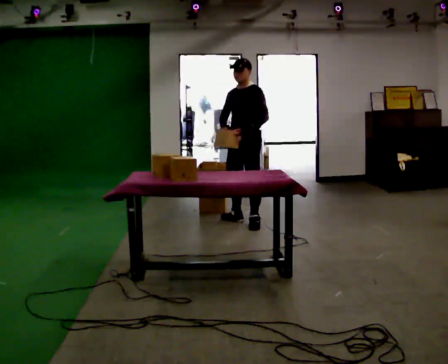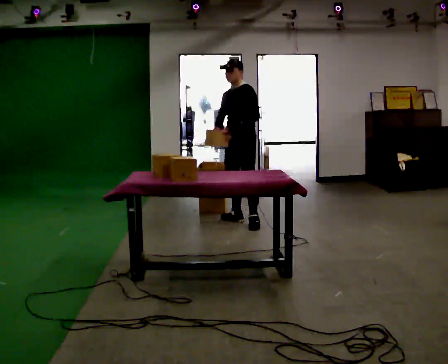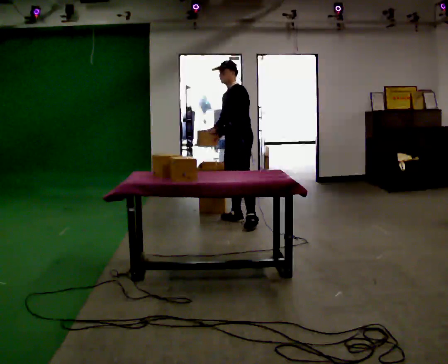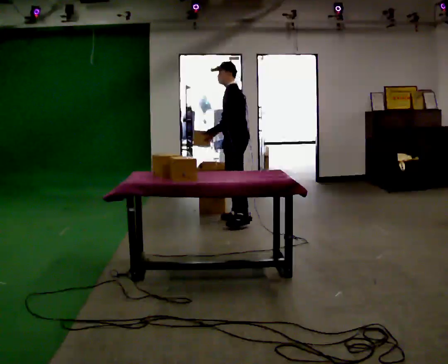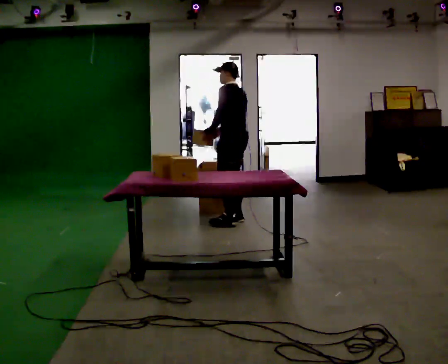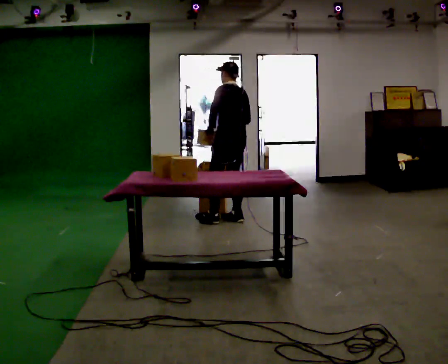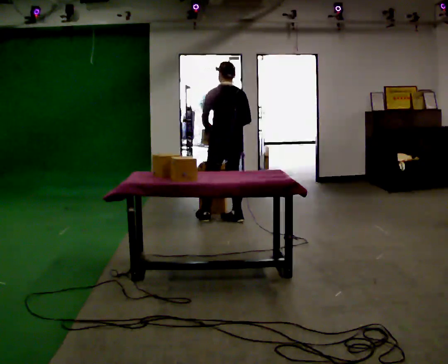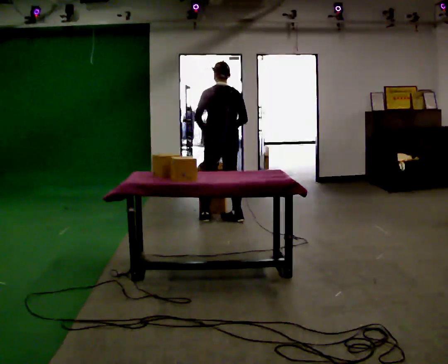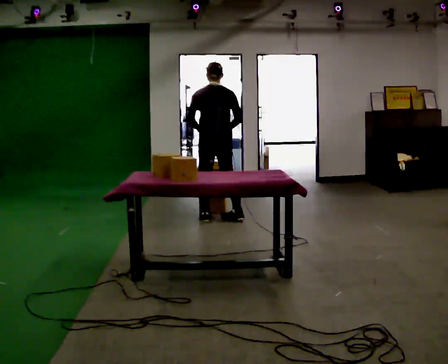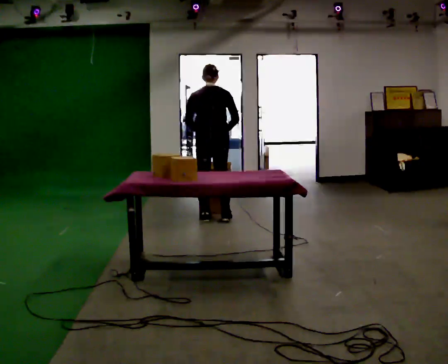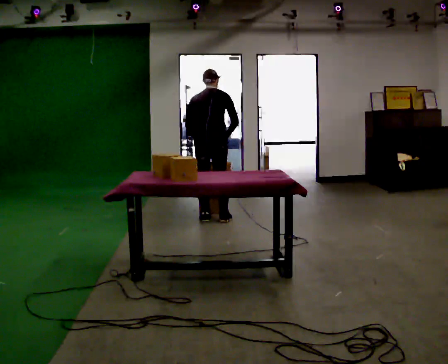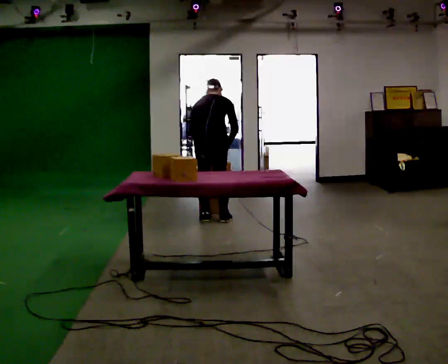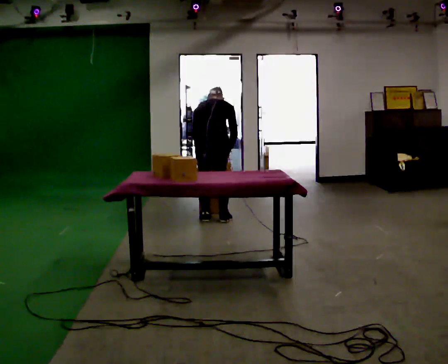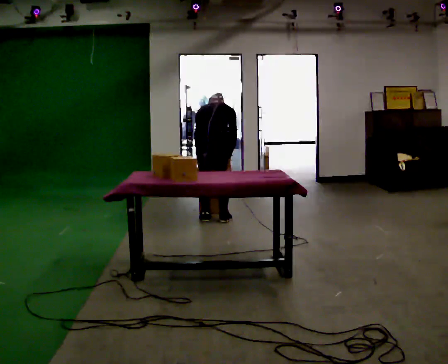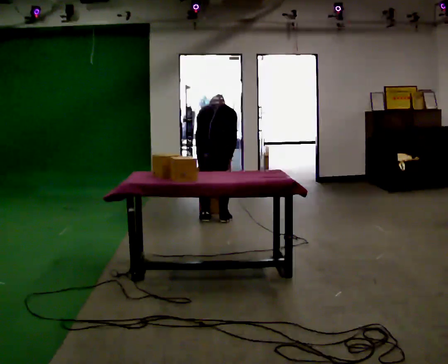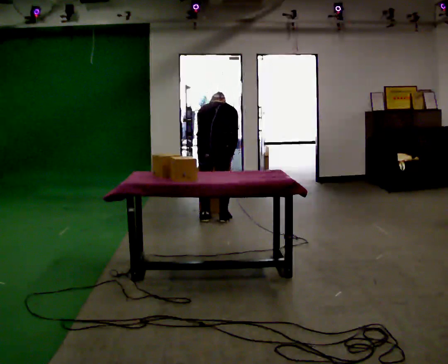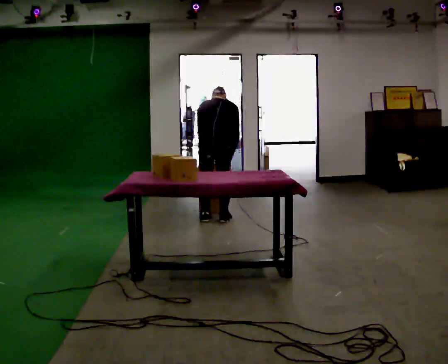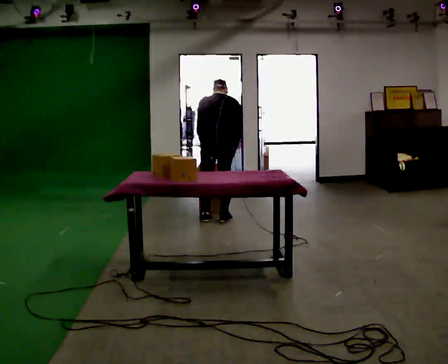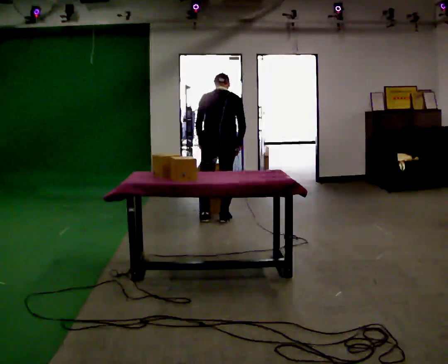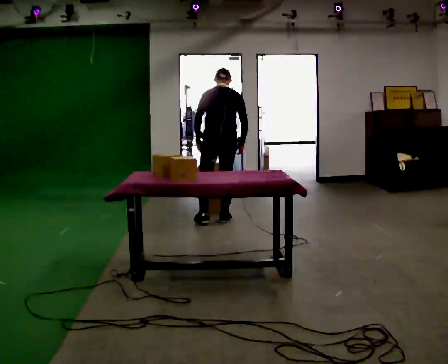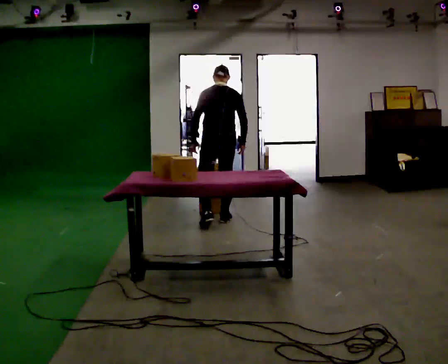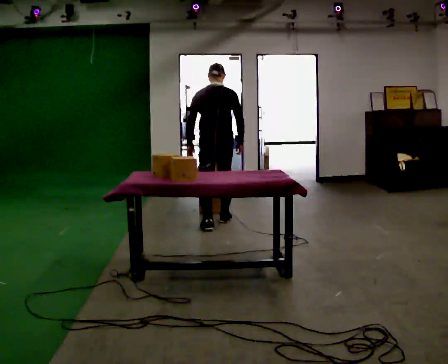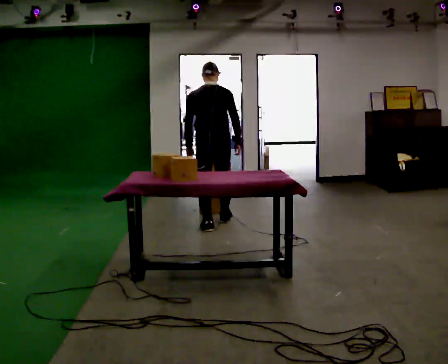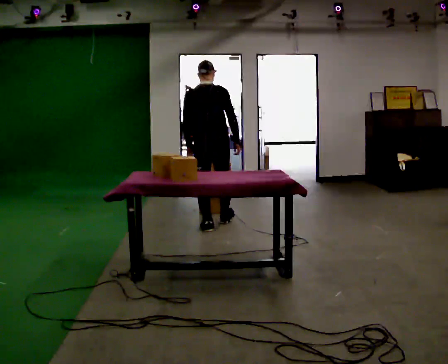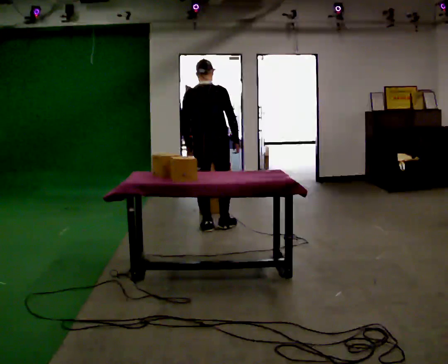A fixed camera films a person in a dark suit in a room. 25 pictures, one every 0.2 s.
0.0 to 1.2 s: Seen from above the body turns clockwise, about 105 degrees: to their right, with its near side sliding to the left. In the picture they go to the left, about 0.25 m in 1 step. In the picture their left hand goes to the left.
1.2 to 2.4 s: The person turns about 45 degrees to their right, clockwise seen from above, so the part of the body nearest the lens slides to the left. In the picture they go to the left, about 0.25 m in 1 step, which for them is to their left. The upper body tips away from the camera, its near side rolling upward, as they bend forward.
2.4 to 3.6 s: The person moves a little, or ends about where they began.
3.6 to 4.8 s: In the picture they go toward the camera, about 0.25 m in 2 steps, which for them is backward. The upper body tips toward the camera, its near side rolling downward, as they lean back or straighten.
The film runs backward here.
